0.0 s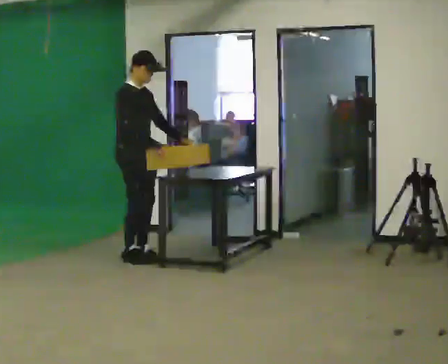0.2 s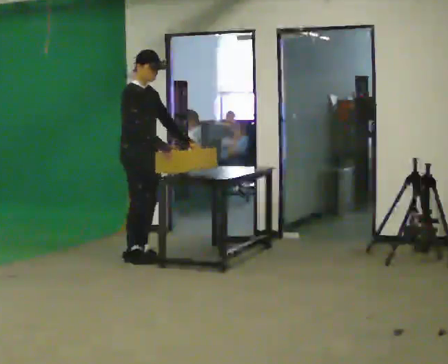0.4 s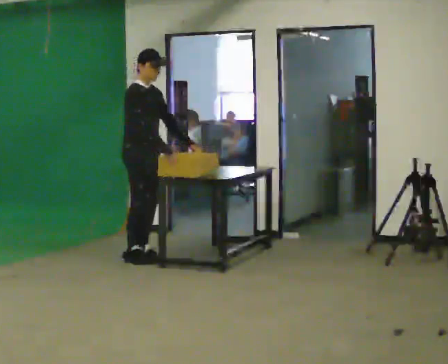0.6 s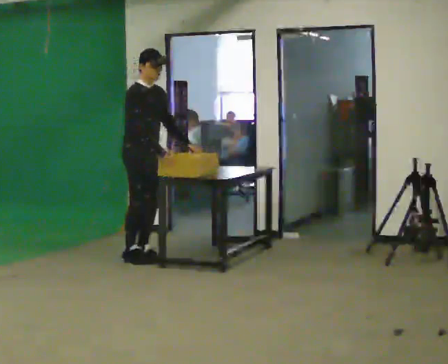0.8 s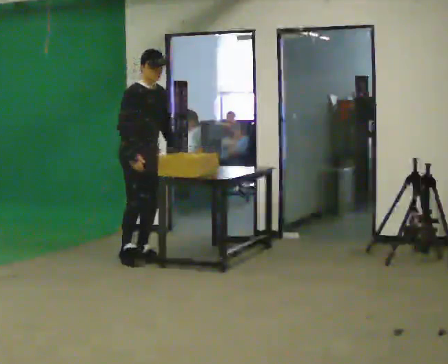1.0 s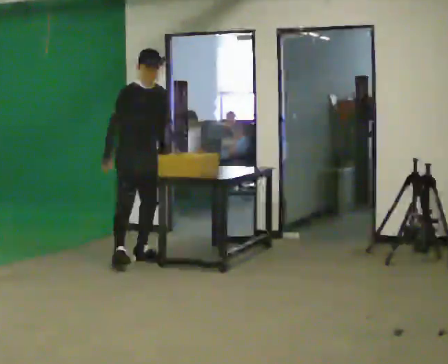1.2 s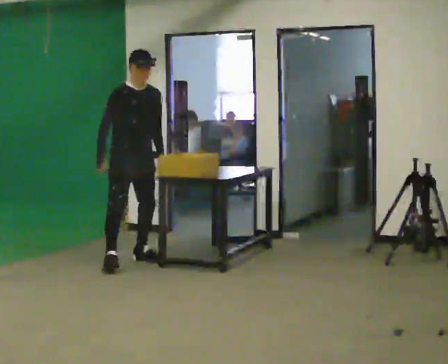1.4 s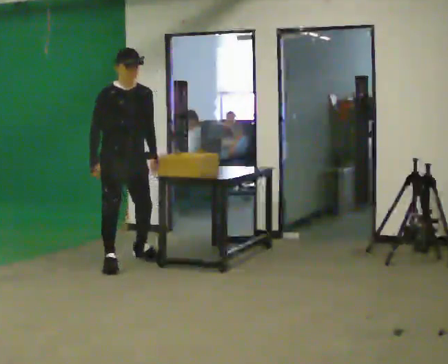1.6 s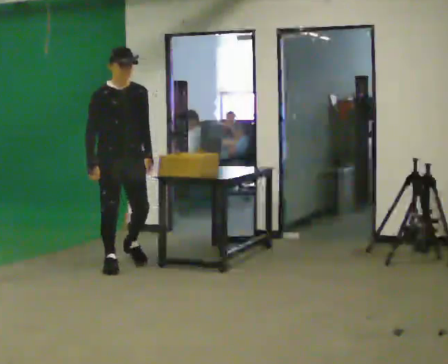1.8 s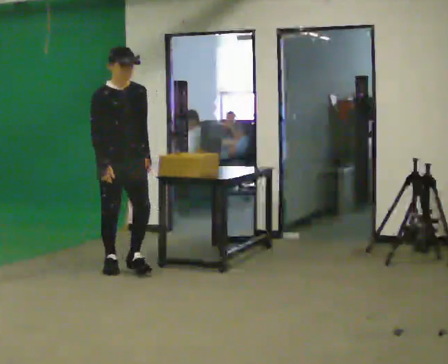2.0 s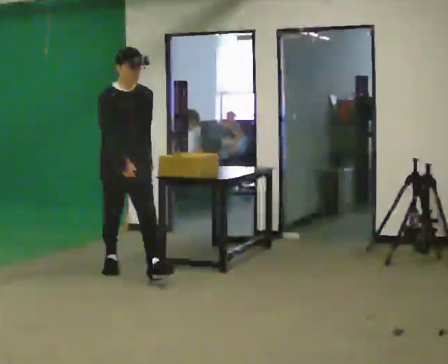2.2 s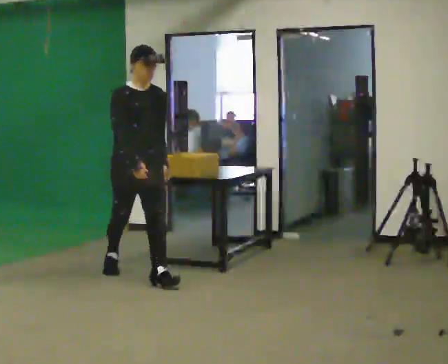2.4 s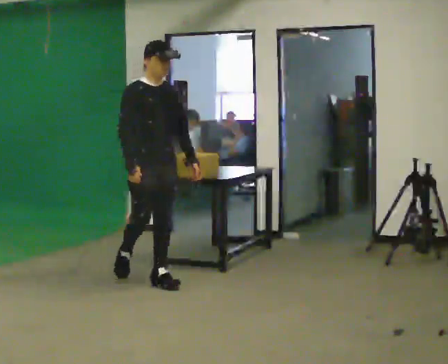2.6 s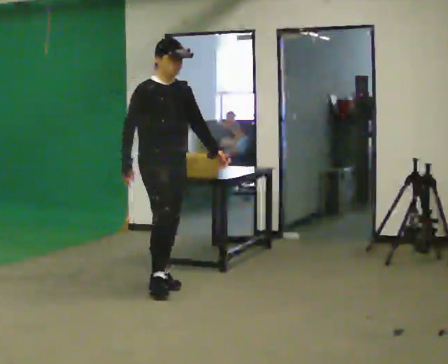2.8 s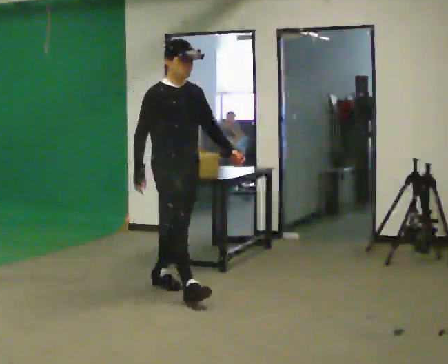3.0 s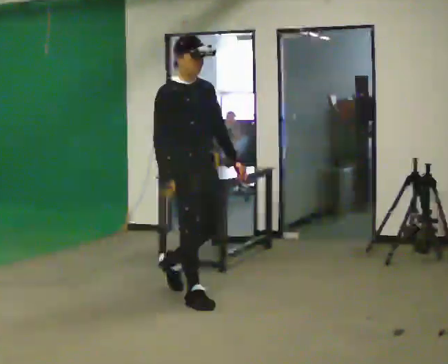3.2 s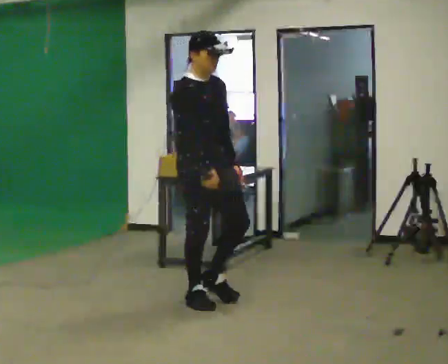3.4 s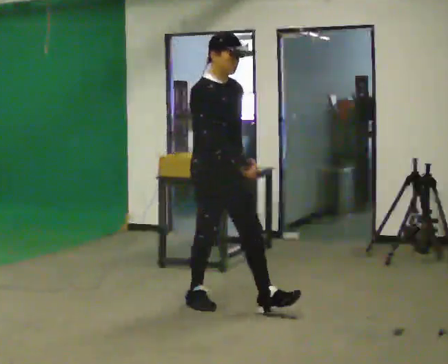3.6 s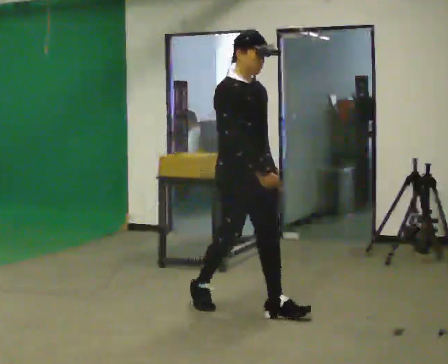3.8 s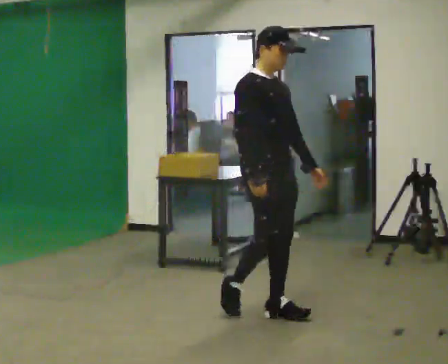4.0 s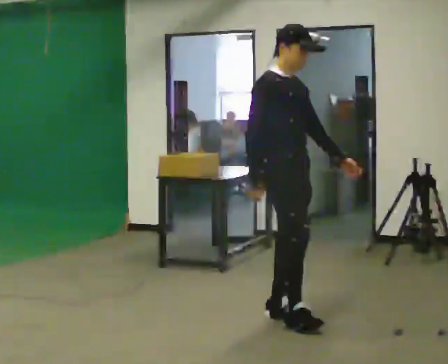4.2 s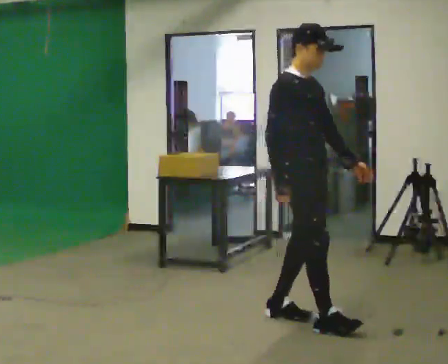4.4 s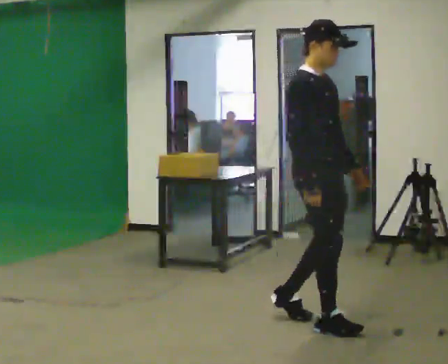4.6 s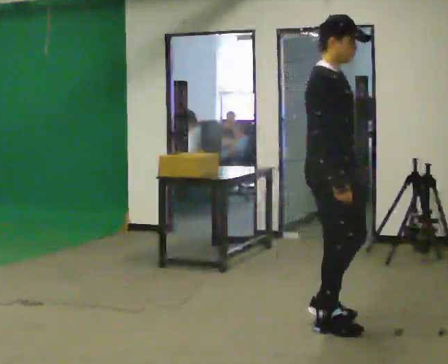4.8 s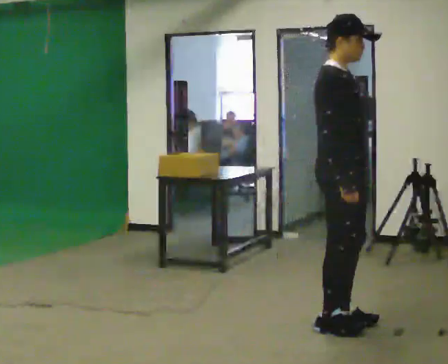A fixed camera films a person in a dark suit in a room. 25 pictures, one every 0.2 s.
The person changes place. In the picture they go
toward the camera.
0.0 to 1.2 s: Seen from above the body turns clockwise, about 30 degrees: to their right, with its near side sliding to the left. In the picture they go toward the camera, about 0.25 m in 1 step, which for them is to their right. In the picture their right hand goes to the left, the arm swinging clockwise.
1.2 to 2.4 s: In the picture they go toward the camera, about 1 m in 1 step, which for them is forward.
2.4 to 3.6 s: In the picture they go toward the camera and to the right, about 1 m in 2 steps, which for them is forward.
3.6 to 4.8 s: In the picture they go to the right and toward the camera, about 0.75 m in 2 steps, which for them is forward.
The film runs forward here.
